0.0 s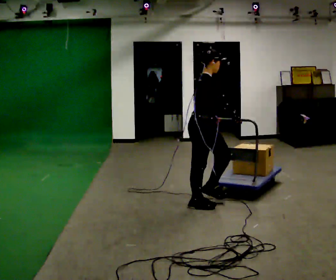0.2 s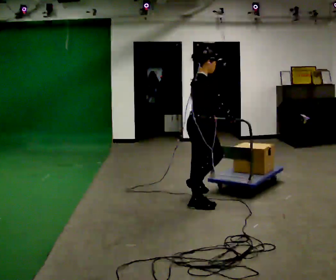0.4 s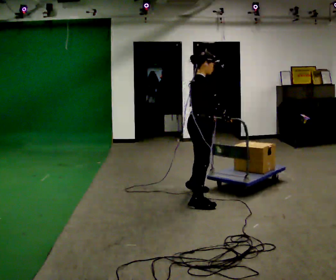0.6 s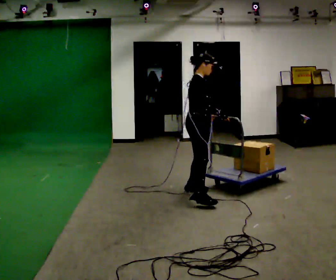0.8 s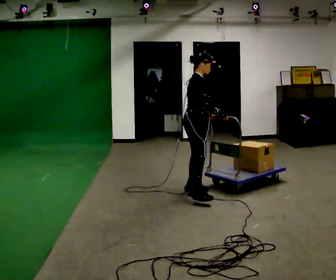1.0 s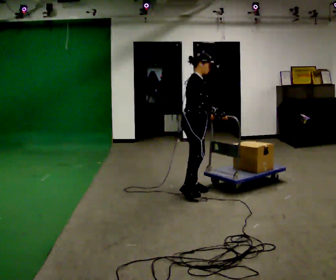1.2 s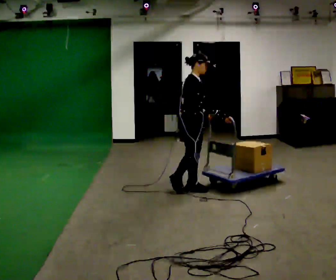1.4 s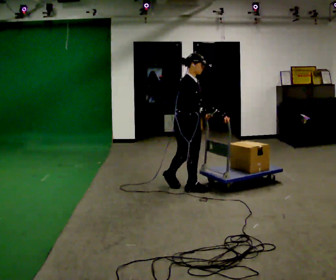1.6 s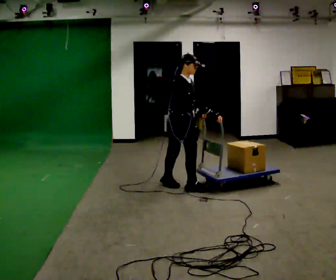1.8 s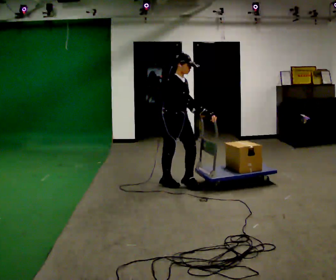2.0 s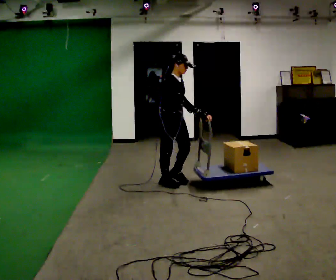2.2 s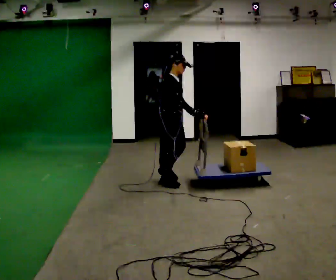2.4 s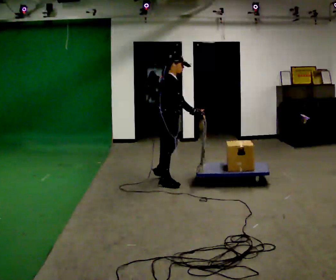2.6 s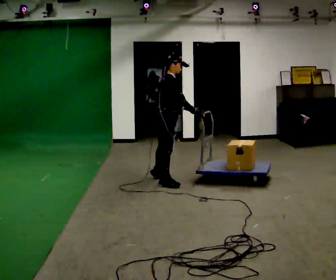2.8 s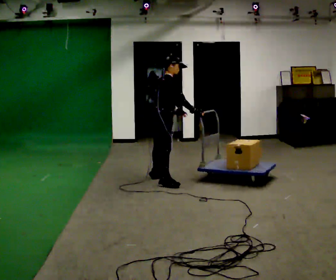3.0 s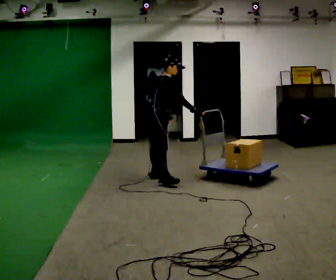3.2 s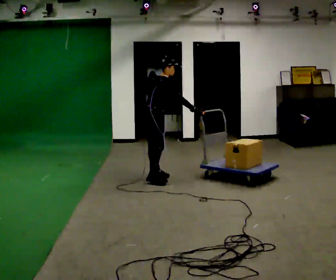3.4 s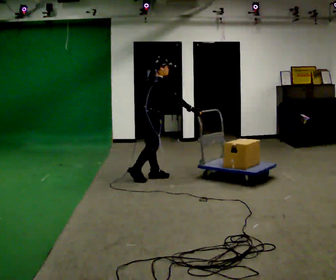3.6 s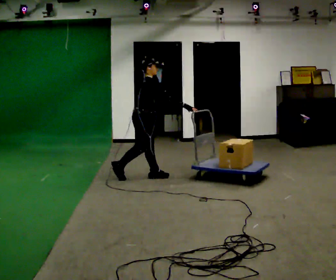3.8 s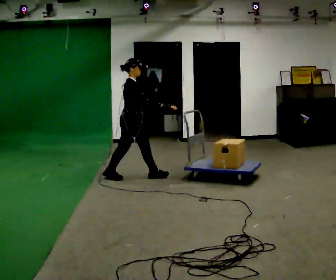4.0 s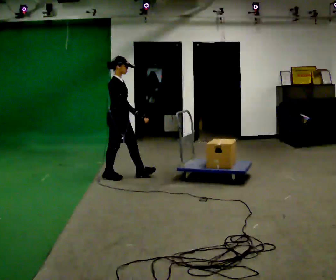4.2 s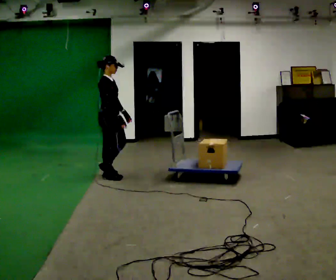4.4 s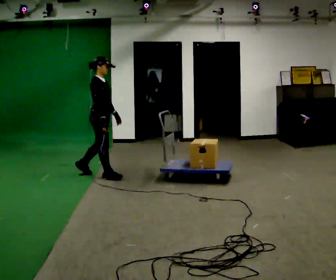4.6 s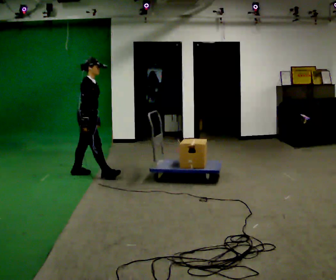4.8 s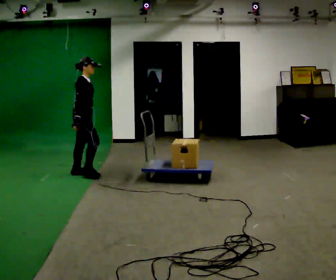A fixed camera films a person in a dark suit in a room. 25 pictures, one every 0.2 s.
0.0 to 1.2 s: In the picture they go away from the camera, about 0.5 m in 1 step, which for them is to their left.
1.2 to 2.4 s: In the picture they go to the left and away from the camera, about 0.25 m in 1 step, which for them is backward.
2.4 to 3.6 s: In the picture they go to the left and away from the camera, about 0.5 m in 1 step, which for them is to their left and backward.
3.6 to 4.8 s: In the picture they go to the left, about 1 m in 2 steps, which for them is backward.
The film runs backward here.
